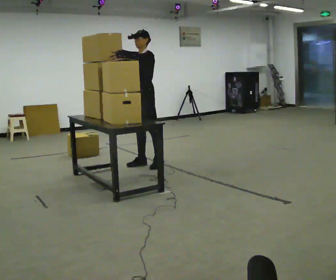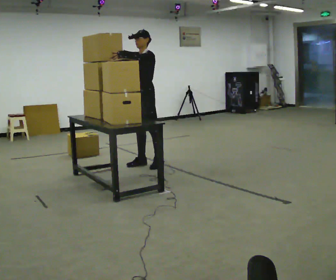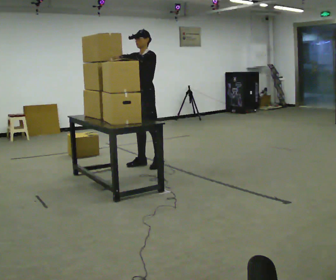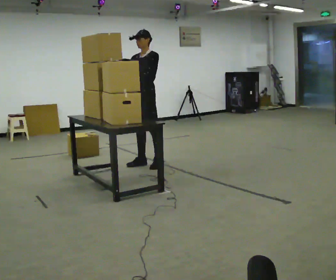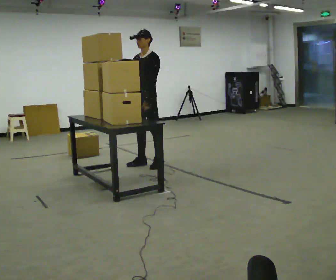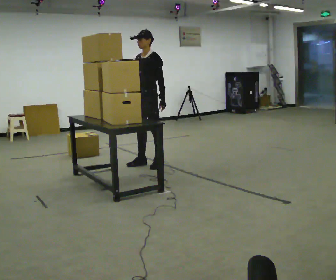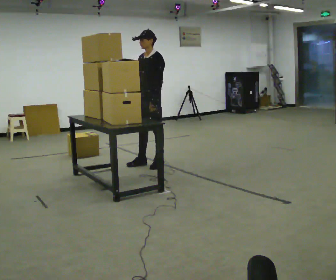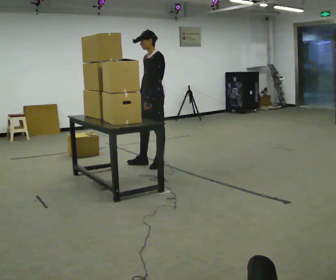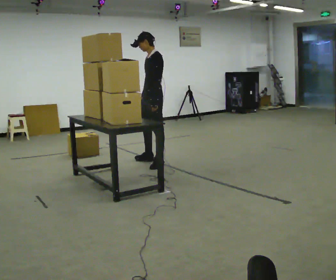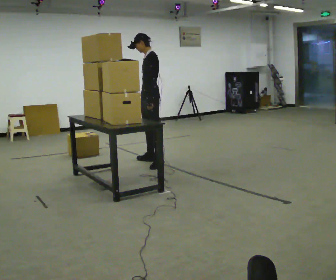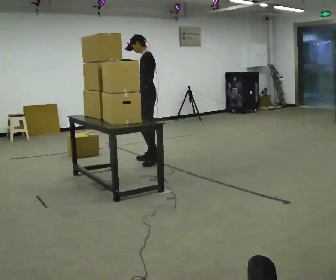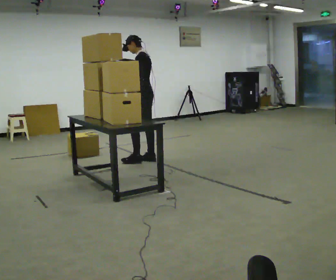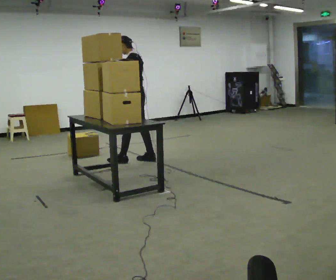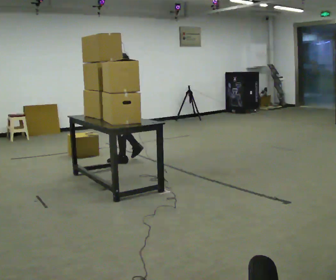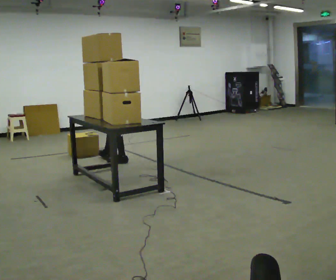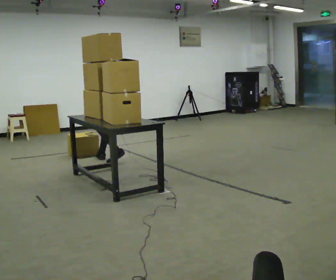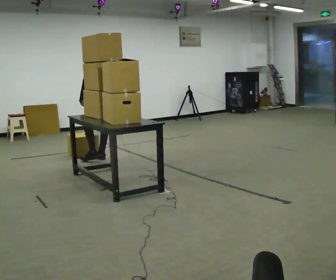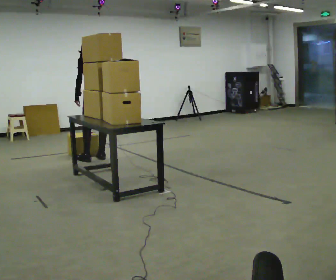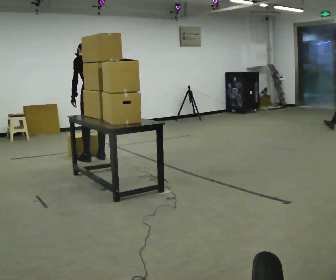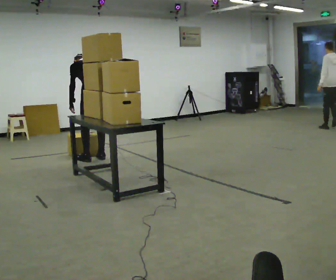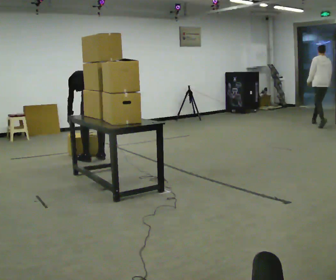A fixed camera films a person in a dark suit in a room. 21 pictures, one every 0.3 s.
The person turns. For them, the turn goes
to their right.
The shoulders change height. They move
downward.
0.0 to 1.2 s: In the picture their left hand goes downward.
1.2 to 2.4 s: The part of the body nearest the lens slides to the left as the person turns to their right by about 30 degrees.
2.4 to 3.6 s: The part of the body nearest the lens slides to the left as the person turns to their right by about 30 degrees. In the picture they go to the left and away from the camera, about 0.25 m in 1 step, which for them is forward and to their right.
3.6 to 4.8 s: In the picture they go to the left, about 0.5 m in 1 step, which for them is forward.
4.8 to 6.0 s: The upper body goes downward. The upper body tips away from the camera, its near side rolling upward, as they bend forward.
The film runs forward here.
